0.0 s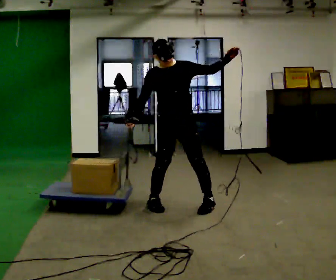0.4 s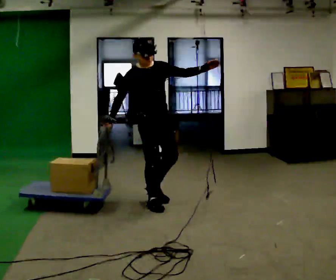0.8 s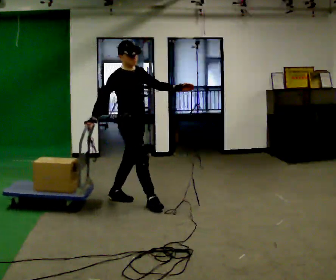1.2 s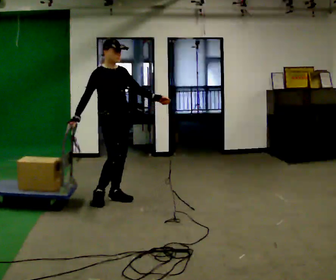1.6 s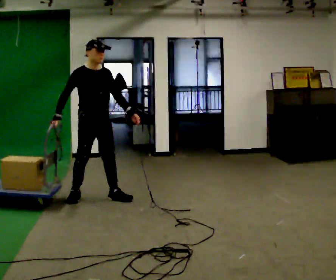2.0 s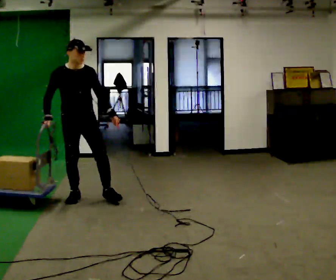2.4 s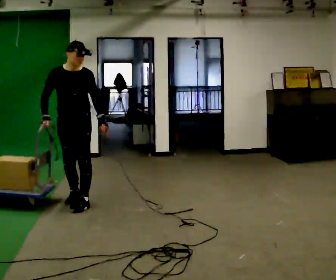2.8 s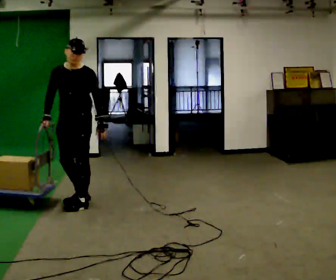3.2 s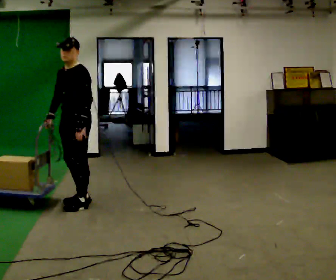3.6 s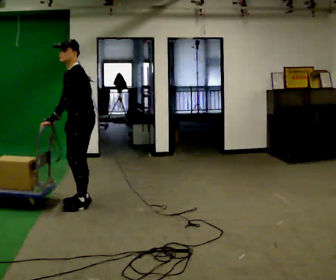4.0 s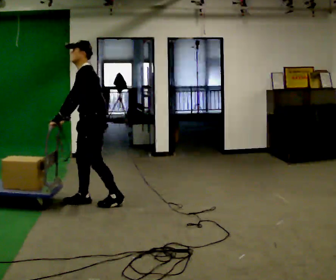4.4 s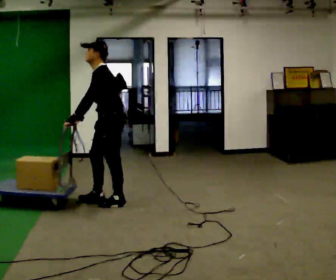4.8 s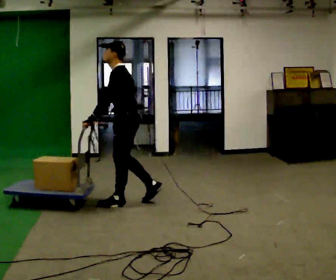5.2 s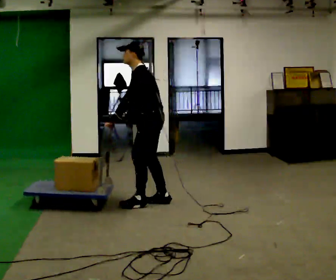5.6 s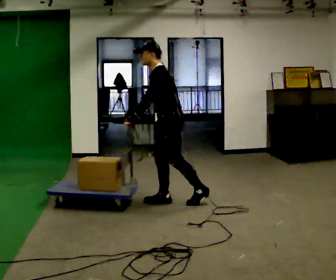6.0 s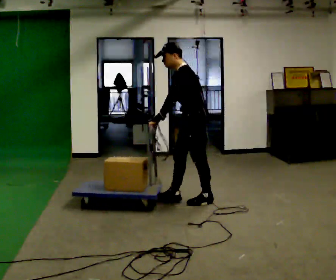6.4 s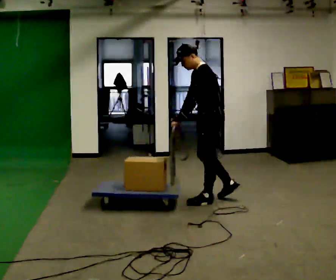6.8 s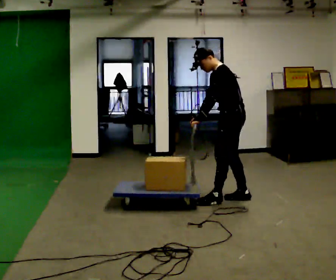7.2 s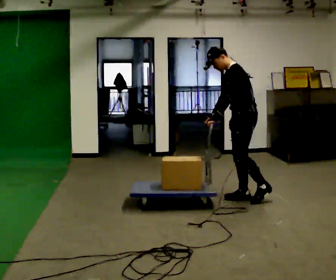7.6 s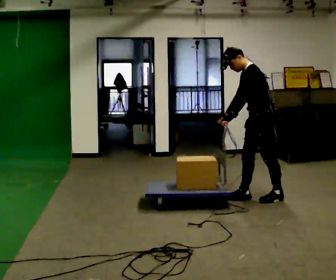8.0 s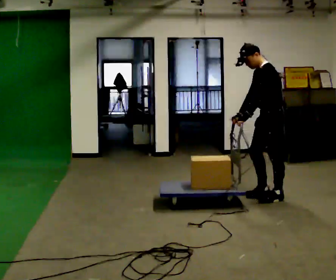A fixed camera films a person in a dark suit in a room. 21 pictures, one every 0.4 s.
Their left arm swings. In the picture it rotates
clockwise.
0.0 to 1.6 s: The person turns about 30 degrees to their left, counterclockwise seen from above, so the part of the body nearest the lens slides to the right. In the picture they go to the left and away from the camera, about 1 m in 1 step. In the picture their left hand goes downward, the arm swinging clockwise.
1.6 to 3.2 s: The part of the body nearest the lens slides to the left as the person turns to their right by about 90 degrees. In the picture they go toward the camera, about 0.25 m in 2 steps. In the picture their left hand goes to the left.
3.2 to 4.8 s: The person turns about 45 degrees to their right, clockwise seen from above, so the part of the body nearest the lens slides to the left. In the picture they go to the right, about 0.5 m in 2 steps, which for them is backward.
4.8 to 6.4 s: In the picture they go to the right, about 1 m in 2 steps, which for them is backward.
6.4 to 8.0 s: In the picture they go to the right, about 0.75 m in 2 steps, which for them is backward.
The film runs backward here.
